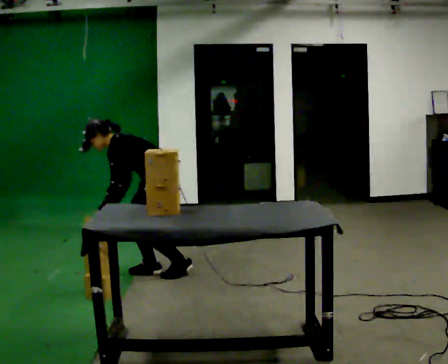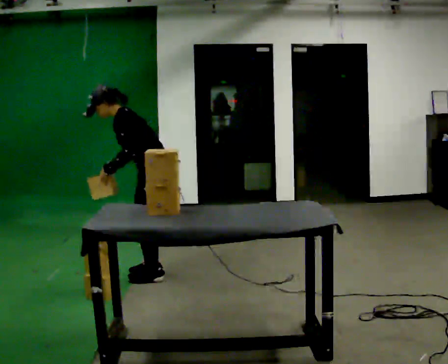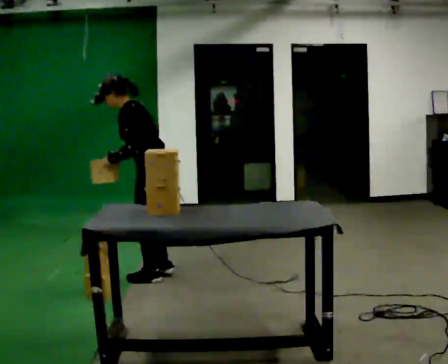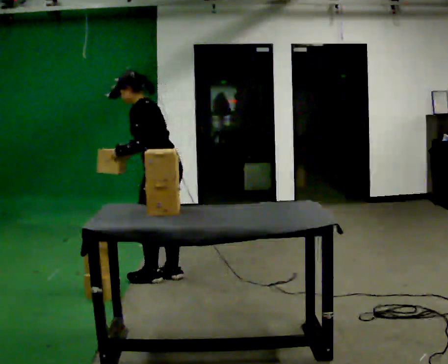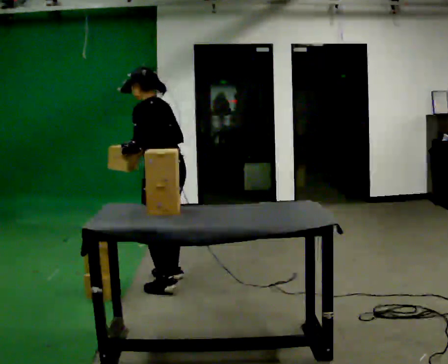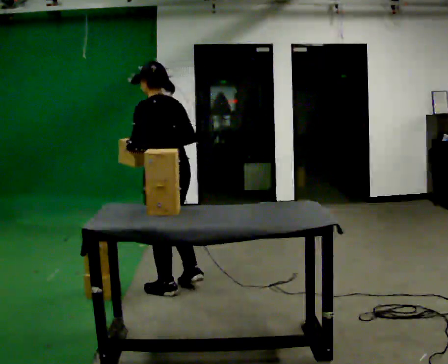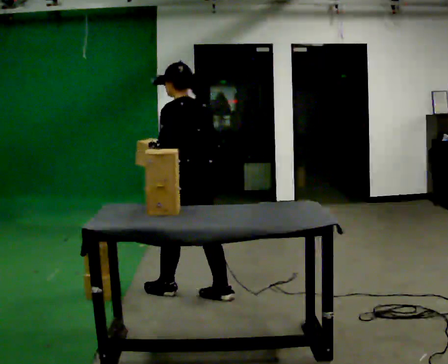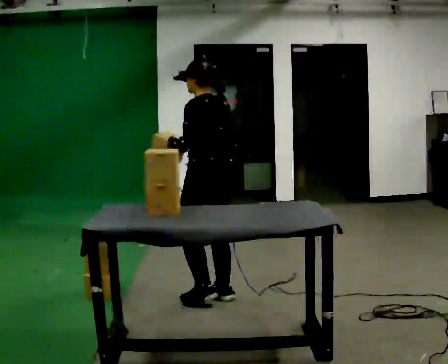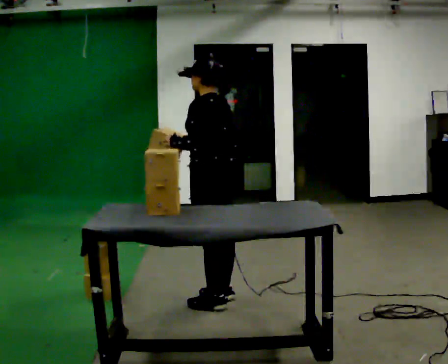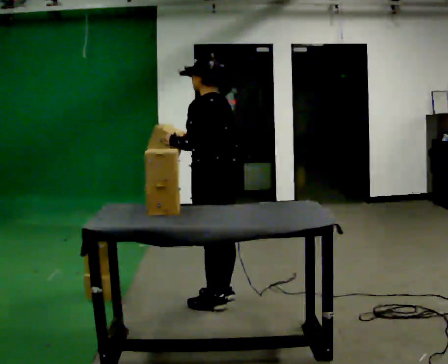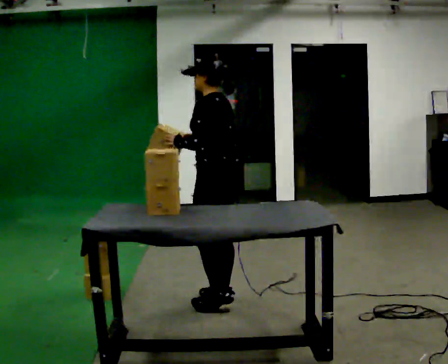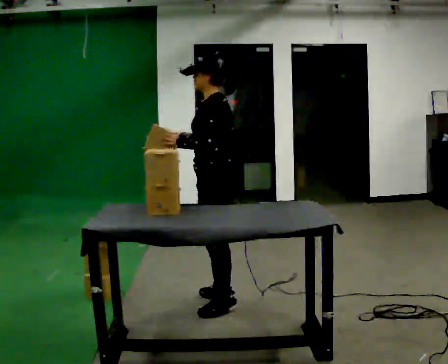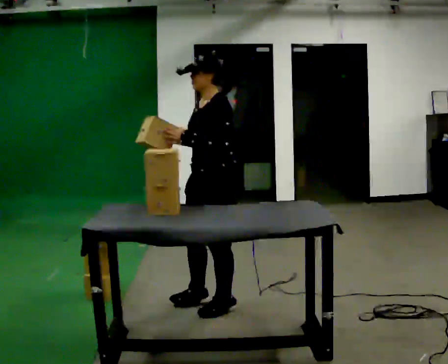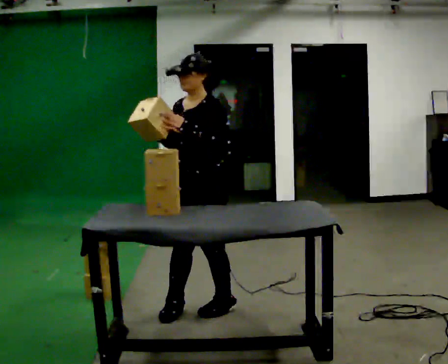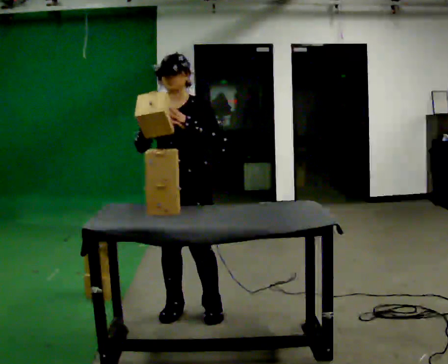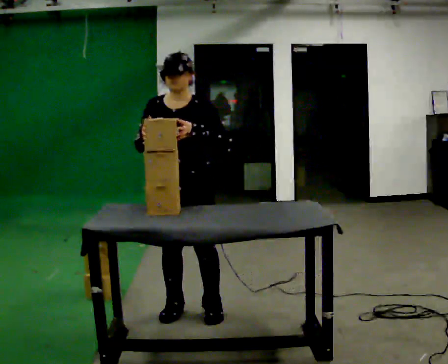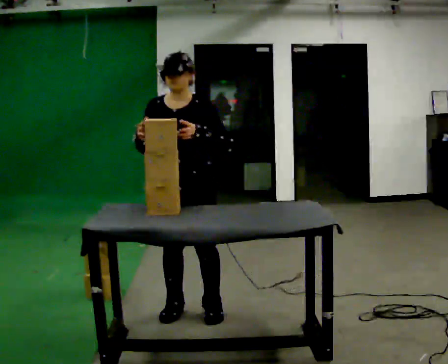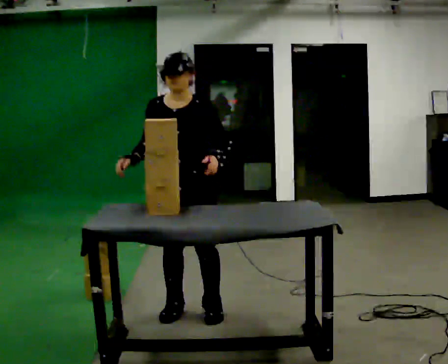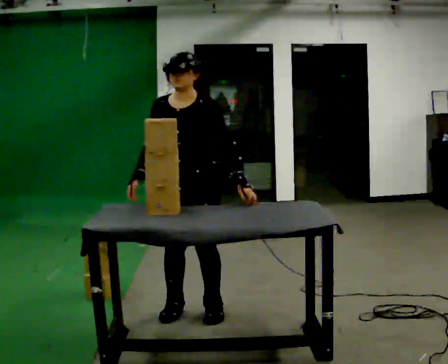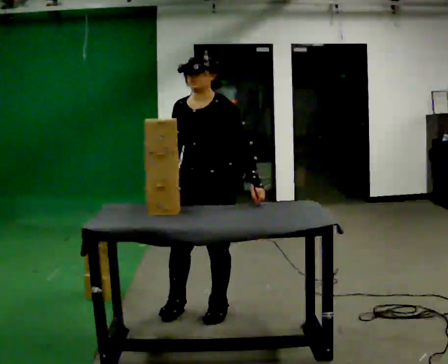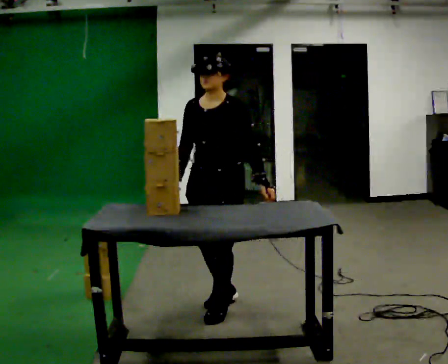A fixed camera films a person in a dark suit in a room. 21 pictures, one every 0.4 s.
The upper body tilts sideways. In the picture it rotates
clockwise.
The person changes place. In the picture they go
toward the camera.
0.0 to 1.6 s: The person turns about 30 degrees to their right, clockwise seen from above, so the part of the body nearest the lens slides to the left. In the picture they go toward the camera, about 0.25 m in 3 steps, which for them is to their left. The upper body goes upward. In the picture the upper body tilts clockwise, shoulders to the right, as they lean back or straighten. In the picture their right hand goes upward and to the right.
1.6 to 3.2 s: In the picture they go toward the camera and to the right, about 0.5 m in 2 steps, which for them is backward.
3.2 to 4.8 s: The part of the body nearest the lens slides to the right as the person turns to their left by about 45 degrees. In the picture they go toward the camera, about 0.25 m in 1 step, which for them is to their left.
4.8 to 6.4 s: Seen from above the body turns counterclockwise, about 60 degrees: to their left, with its near side sliding to the right. In the picture they go to the left, about 0.25 m.
6.4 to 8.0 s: Seen from above the body turns clockwise, about 30 degrees: to their right, with its near side sliding to the left. In the picture they go to the right, about 0.25 m in 1 step, which for them is to their left and backward.
The film runs backward here.
